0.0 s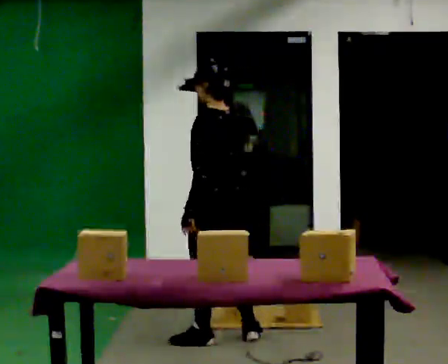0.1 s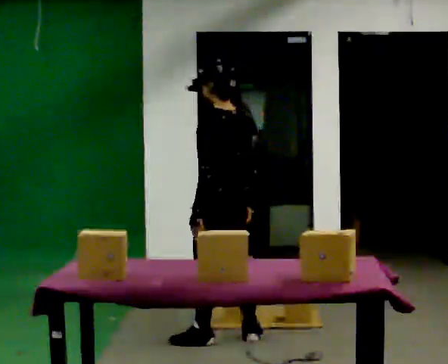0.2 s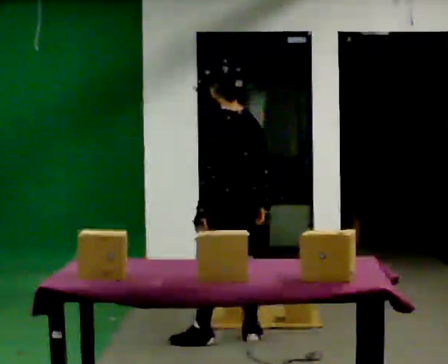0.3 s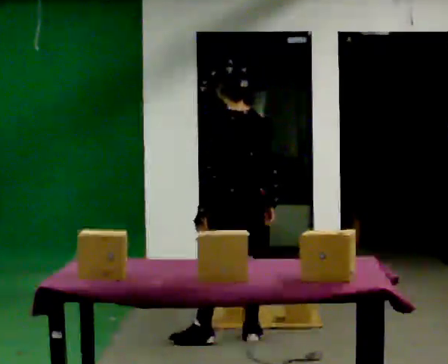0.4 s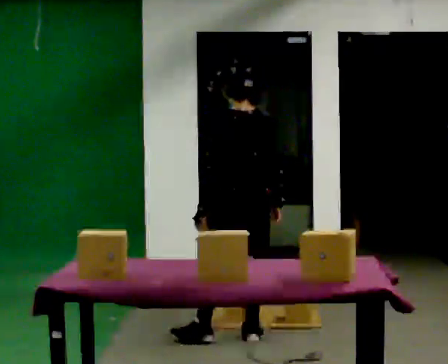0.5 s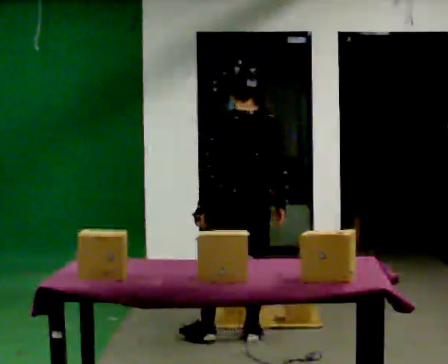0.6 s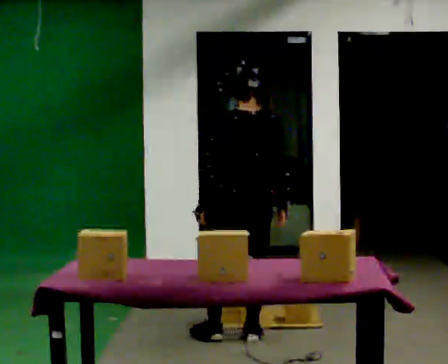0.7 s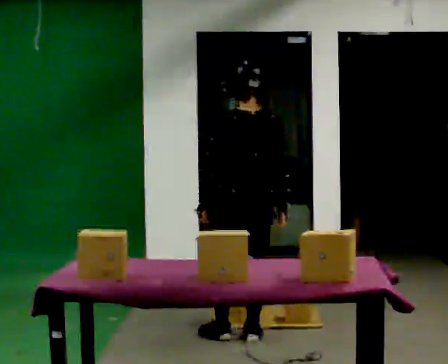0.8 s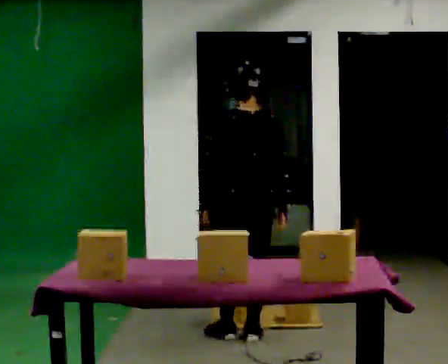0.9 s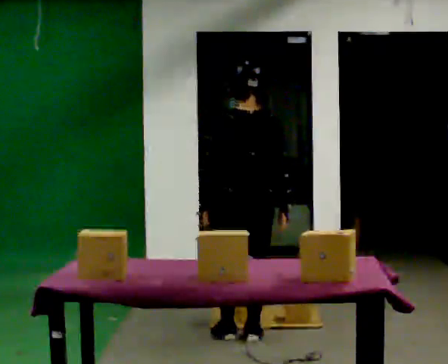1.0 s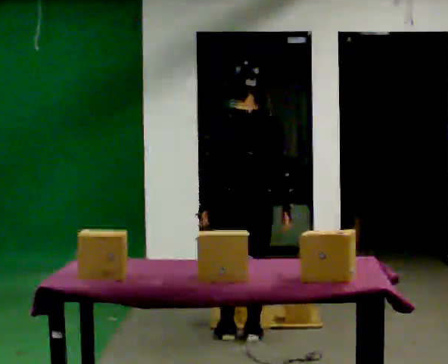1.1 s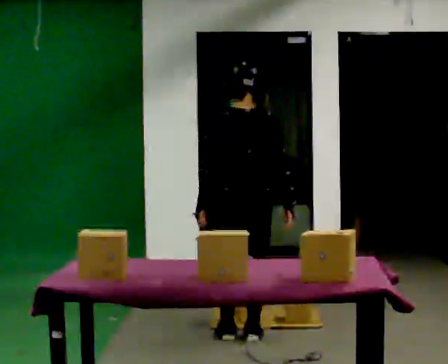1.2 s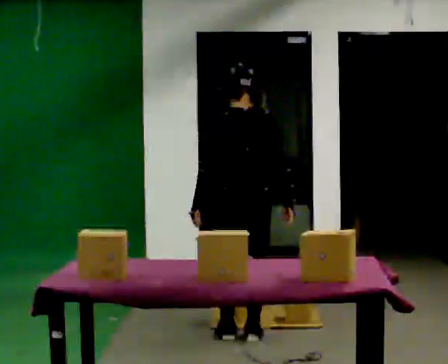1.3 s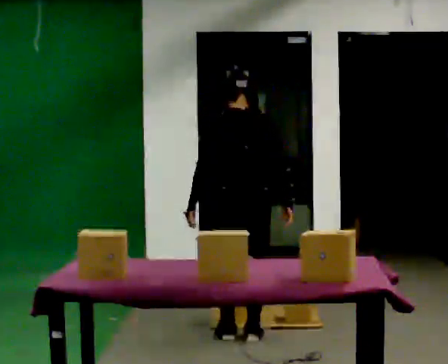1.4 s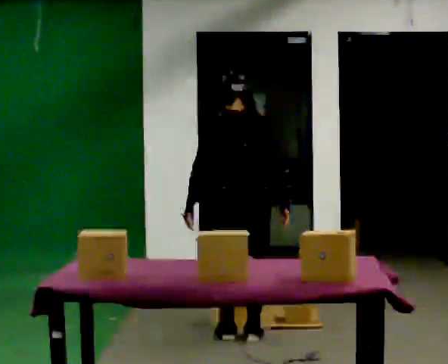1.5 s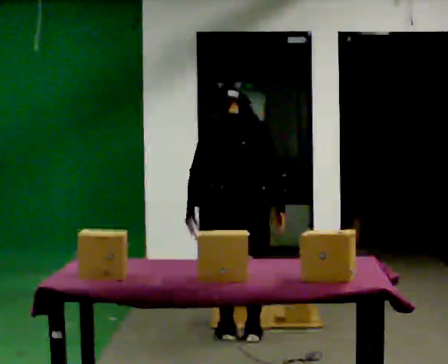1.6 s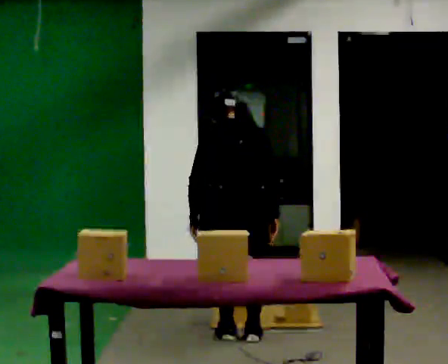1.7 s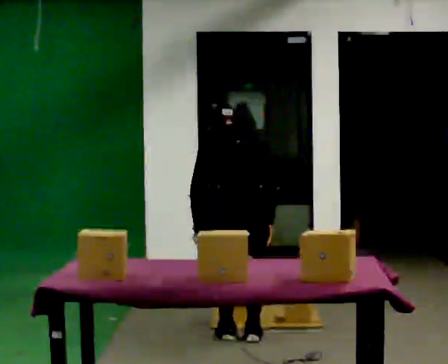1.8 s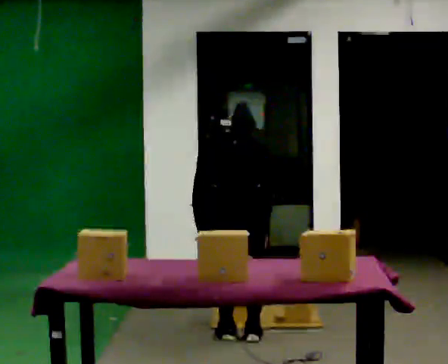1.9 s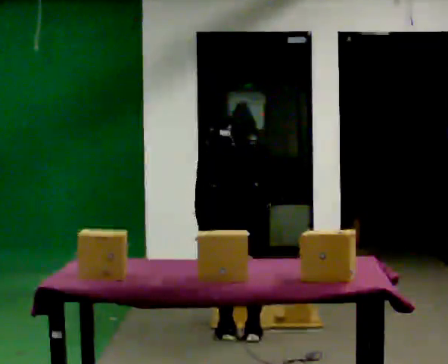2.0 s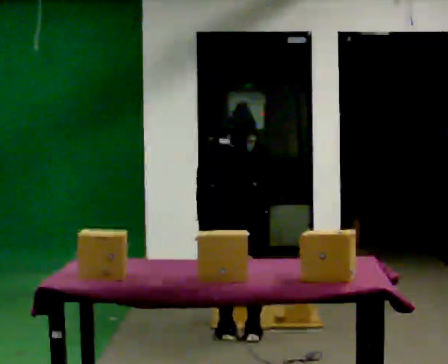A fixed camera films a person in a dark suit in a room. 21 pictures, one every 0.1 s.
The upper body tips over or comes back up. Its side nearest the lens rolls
upward.
The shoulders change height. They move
downward.
0.0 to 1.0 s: Seen from above the body turns clockwise, about 45 degrees: to their right, with its near side sliding to the left. In the picture they go to the right, about 0.25 m, which for them is to their right. In the picture their right hand goes to the right.
1.0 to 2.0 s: The upper body goes downward. The upper body tips away from the camera, its near side rolling upward, as they bend forward.
The film runs backward here.
